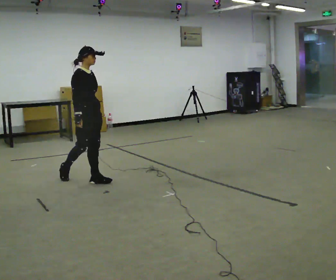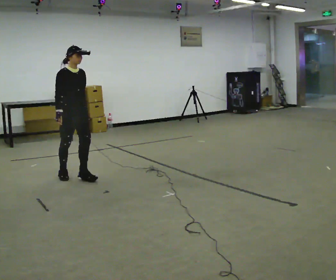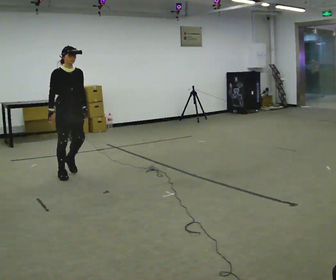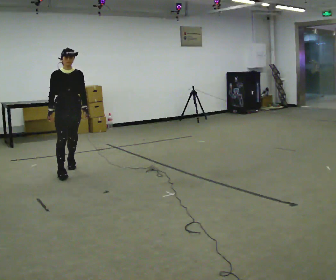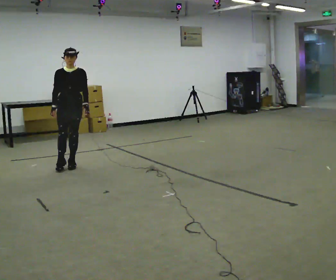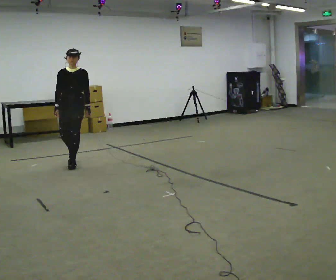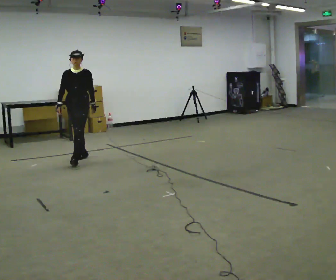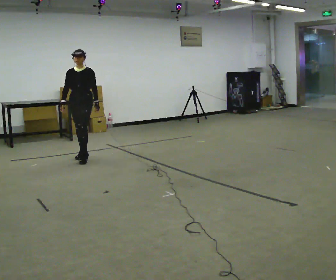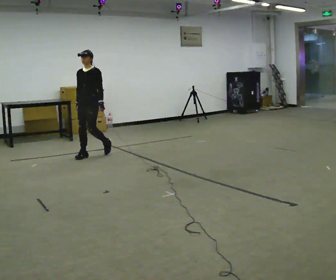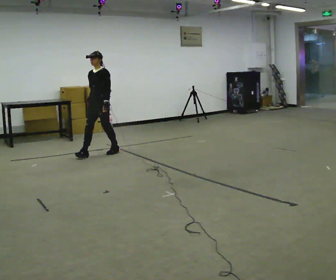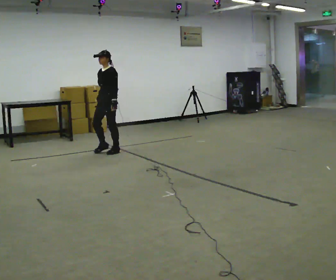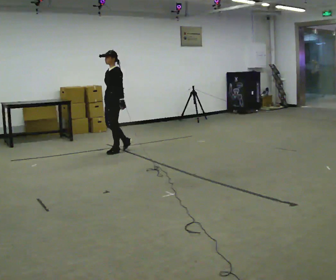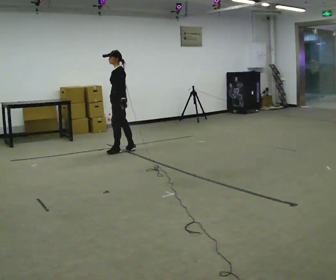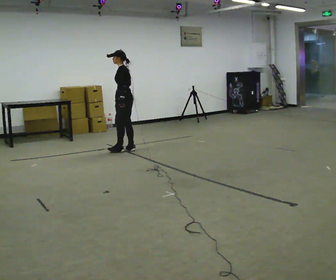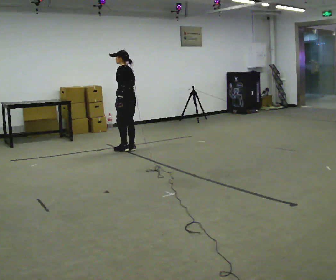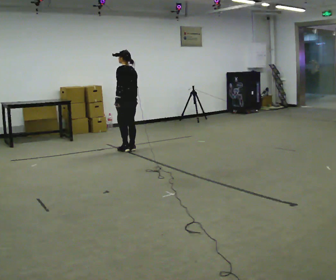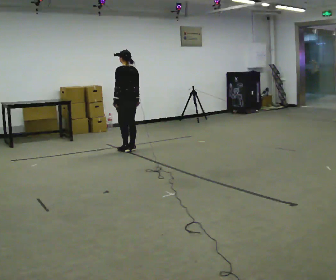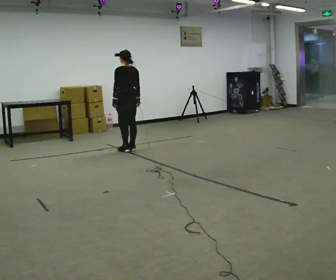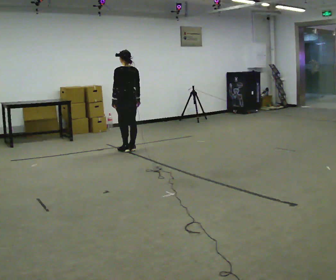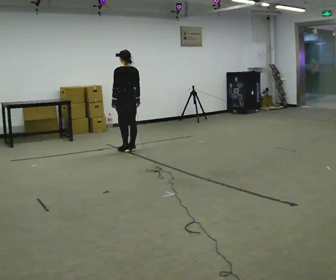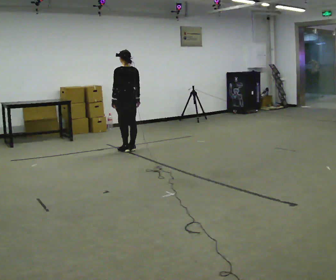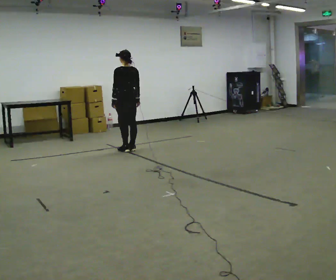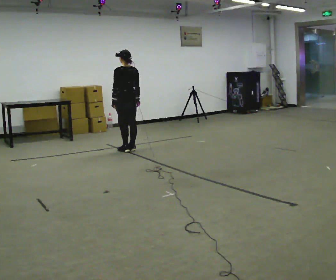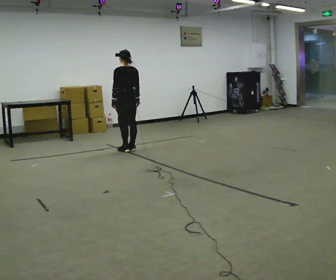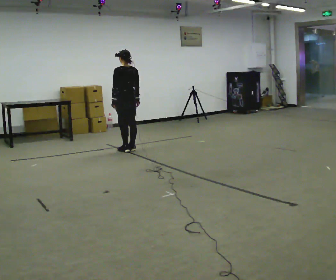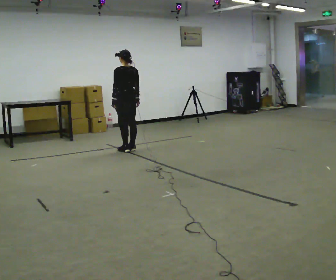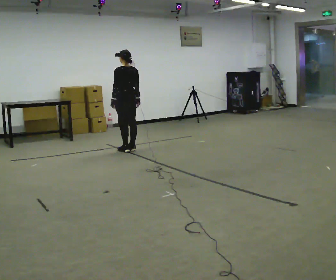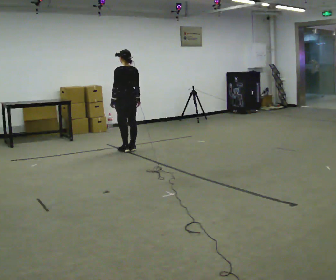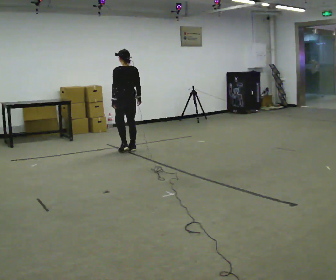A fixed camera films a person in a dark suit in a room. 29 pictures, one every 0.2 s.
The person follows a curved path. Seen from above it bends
clockwise.
The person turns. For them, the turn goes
to their right.
0.0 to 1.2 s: The person turns about 75 degrees to their right, clockwise seen from above, so the part of the body nearest the lens slides to the left. In the picture they go away from the camera, about 1 m in 3 steps.
1.2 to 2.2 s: The part of the body nearest the lens slides to the left as the person turns to their right by about 60 degrees. In the picture they go away from the camera and to the right, about 0.5 m in 1 step, which for them is backward.
2.2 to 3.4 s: The part of the body nearest the lens slides to the left as the person turns to their right by about 75 degrees. In the picture they go to the right, about 0.25 m.
3.4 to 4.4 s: The person keeps their place and pose.
4.4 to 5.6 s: The person moves a little, or ends about where they began.
The film runs backward here.
